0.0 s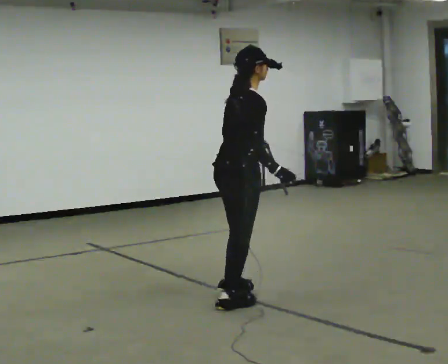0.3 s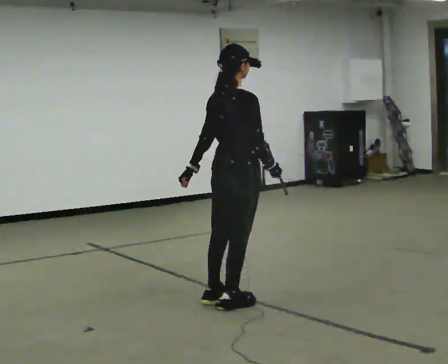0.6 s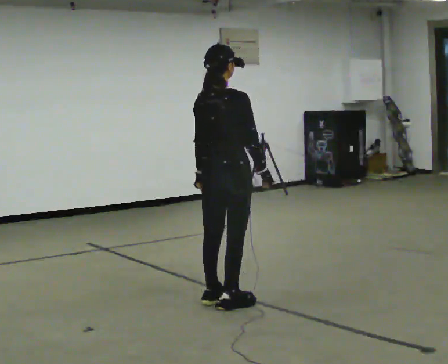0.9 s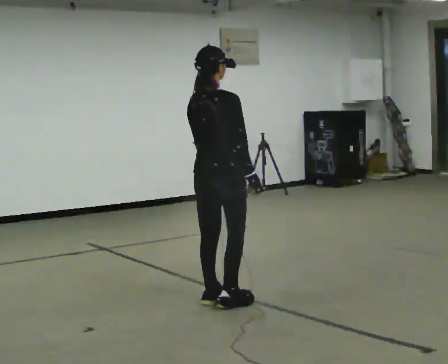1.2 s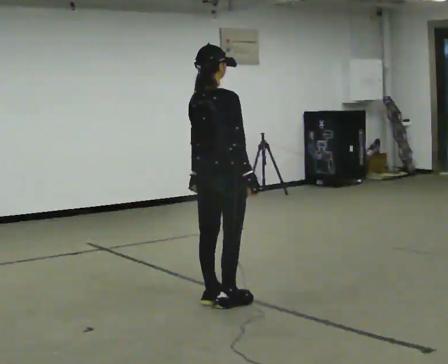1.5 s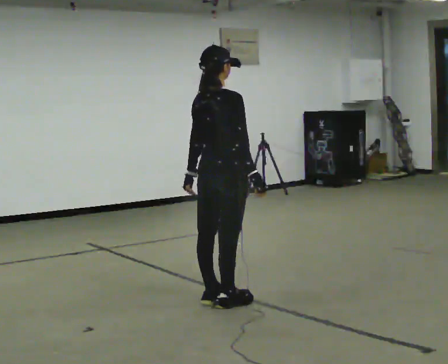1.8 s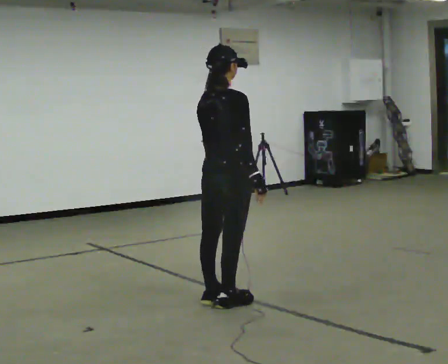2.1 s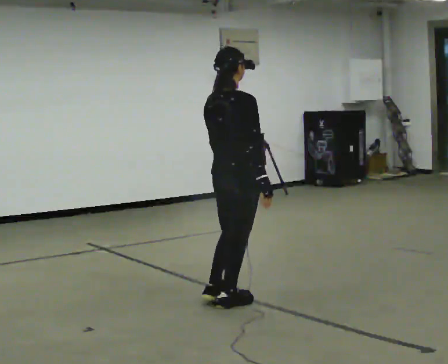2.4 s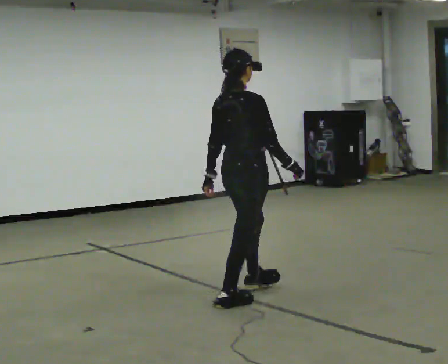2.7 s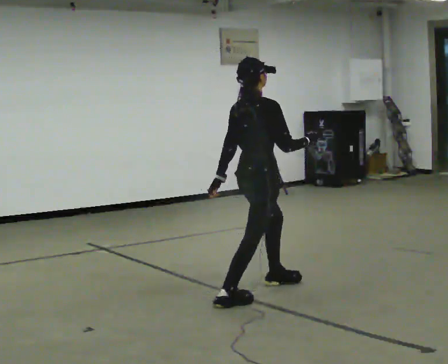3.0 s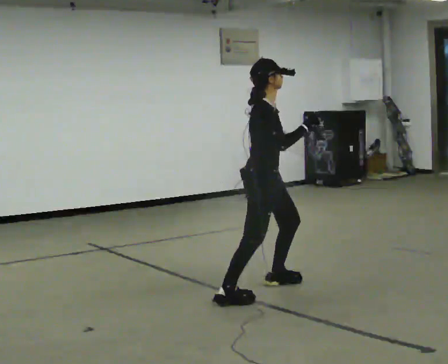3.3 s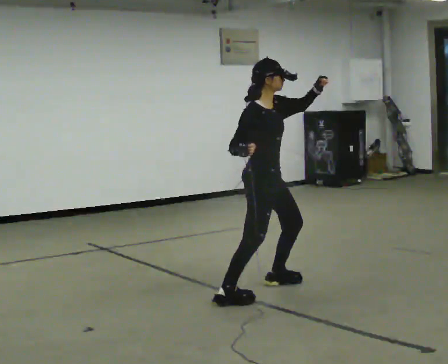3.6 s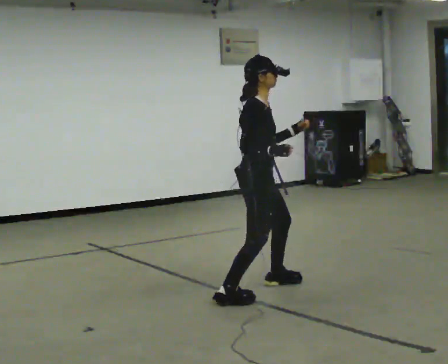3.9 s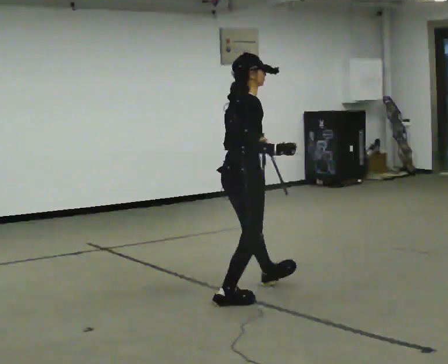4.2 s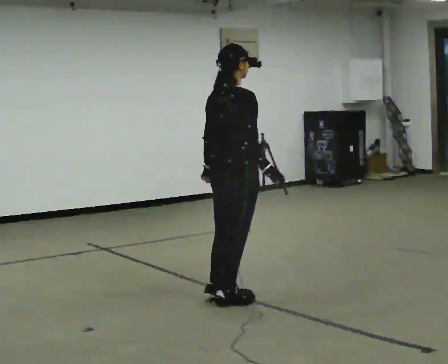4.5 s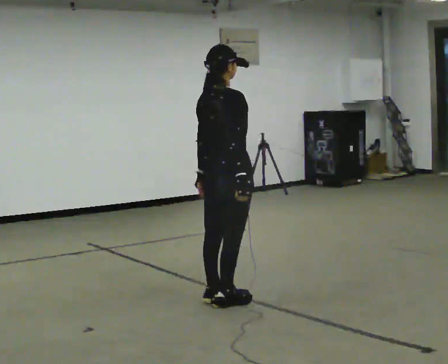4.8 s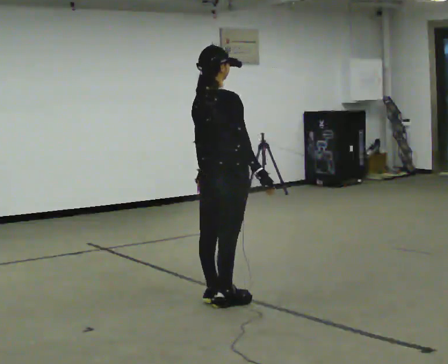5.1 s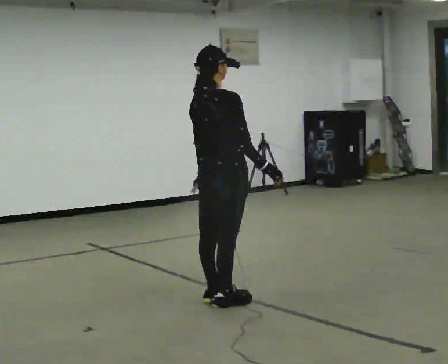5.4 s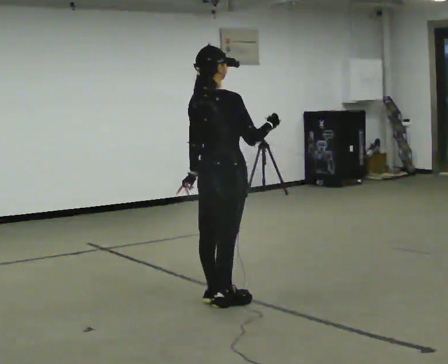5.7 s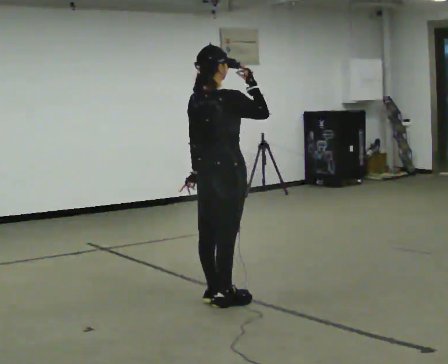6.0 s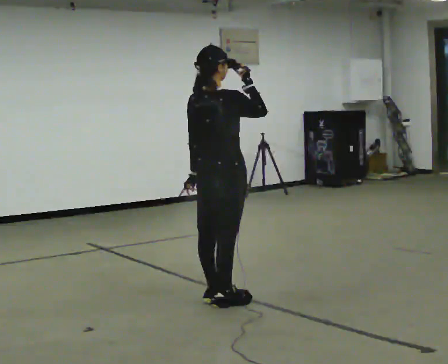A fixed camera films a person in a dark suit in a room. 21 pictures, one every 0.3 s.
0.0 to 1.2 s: In the picture their left hand goes to the left.
1.2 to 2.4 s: In the picture they go to the right, about 0.25 m, which for them is forward. In the picture their right hand goes to the right.
2.4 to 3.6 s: Seen from above the body turns clockwise, about 45 degrees: to their right, with its near side sliding to the left. In the picture they go away from the camera, about 0.25 m in 1 step. In the picture their left hand goes to the right.
3.6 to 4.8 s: The person turns about 45 degrees to their left, counterclockwise seen from above, so the part of the body nearest the lens slides to the right. In the picture they go toward the camera and to the left, about 0.25 m in 1 step, which for them is backward.
4.8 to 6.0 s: In the picture their right hand goes upward.
The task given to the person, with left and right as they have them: Mimic boxing into the air at moderate speed with both hands, moving your feet only a little. Stay controlled; do not punch at full speed.
The film runs forward here.
